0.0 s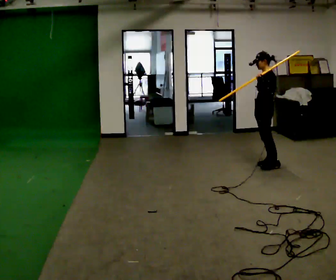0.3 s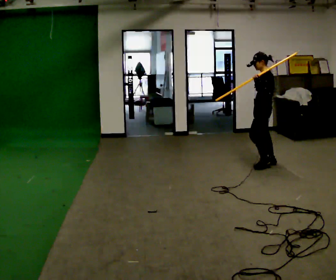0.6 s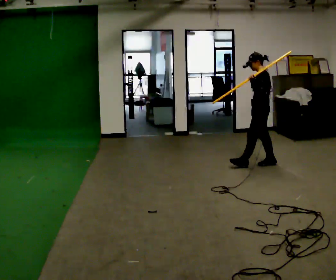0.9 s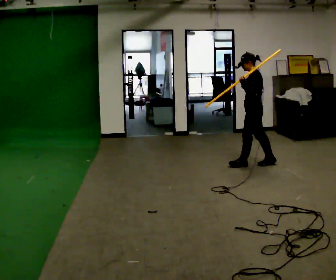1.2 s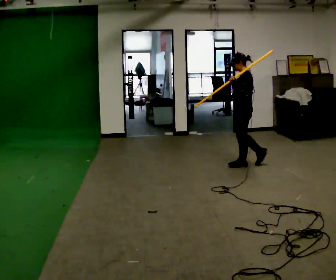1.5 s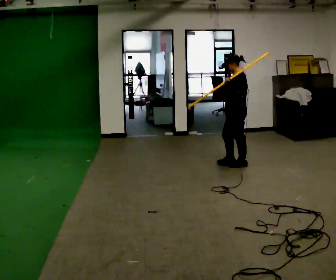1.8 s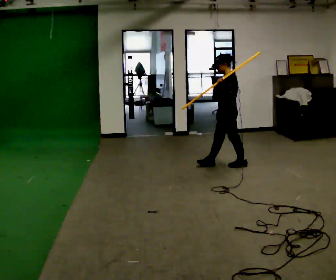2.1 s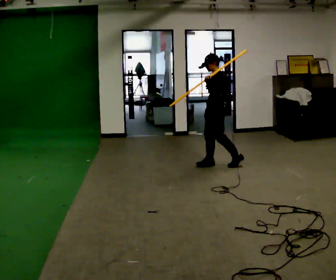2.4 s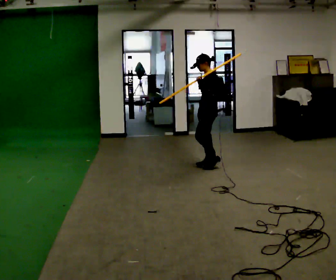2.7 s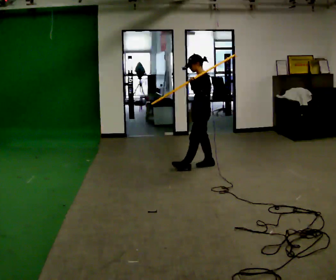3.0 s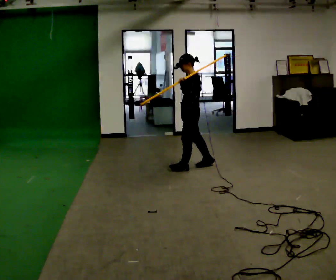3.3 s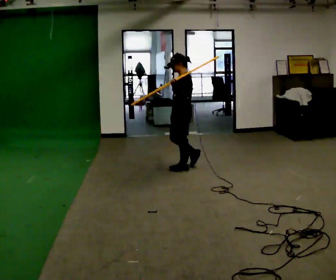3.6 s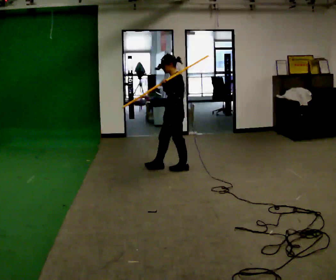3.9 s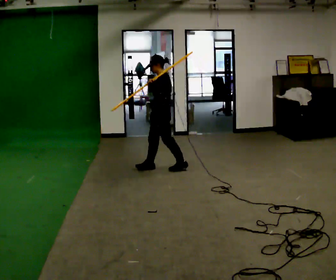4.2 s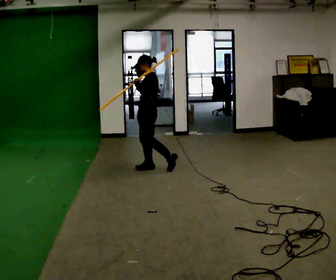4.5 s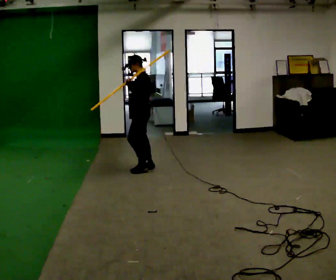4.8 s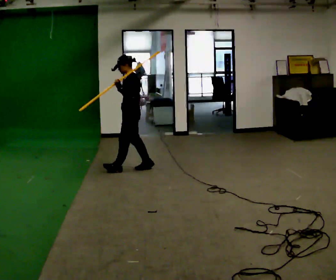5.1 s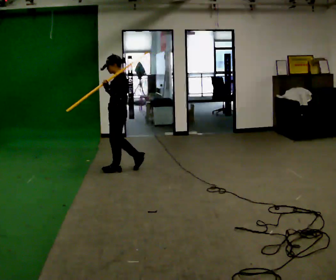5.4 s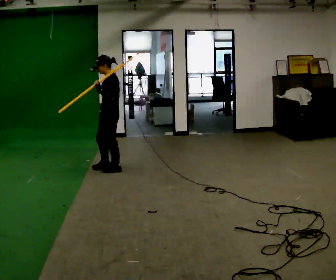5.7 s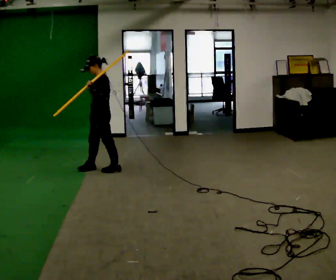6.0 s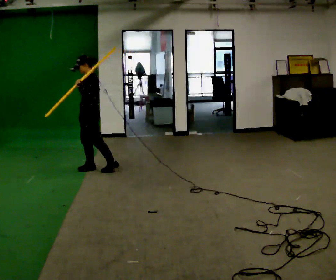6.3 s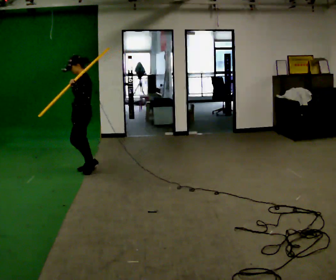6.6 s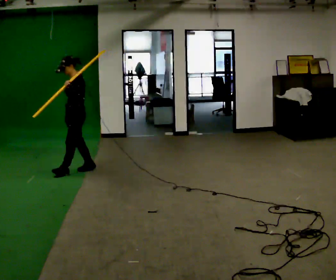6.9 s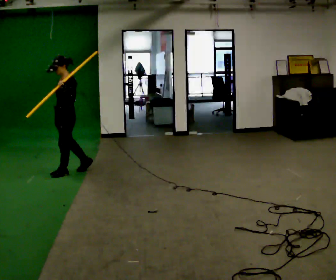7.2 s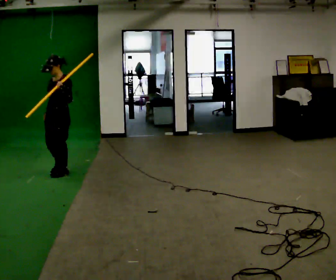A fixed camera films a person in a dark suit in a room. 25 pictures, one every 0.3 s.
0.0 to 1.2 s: In the picture they go to the left, about 0.25 m in 1 step, which for them is forward.
1.2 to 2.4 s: In the picture they go to the left, about 0.5 m in 1 step, which for them is forward.
2.4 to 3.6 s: In the picture they go to the left, about 0.5 m in 1 step, which for them is forward.
3.6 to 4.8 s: In the picture they go to the left, about 0.5 m in 2 steps, which for them is forward.
4.8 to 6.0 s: In the picture they go to the left, about 0.5 m in 1 step, which for them is forward.
6.0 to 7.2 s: The person turns about 45 degrees to their left, counterclockwise seen from above, so the part of the body nearest the lens slides to the right. In the picture they go to the left and toward the camera, about 0.5 m in 1 step, which for them is forward.
The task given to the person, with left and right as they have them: Rest the long object on the shoulder the operator calls and carry it across the room, back and forth.
The film runs forward here.
